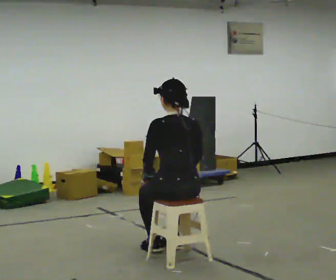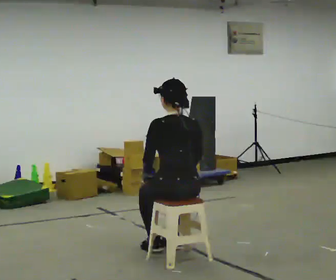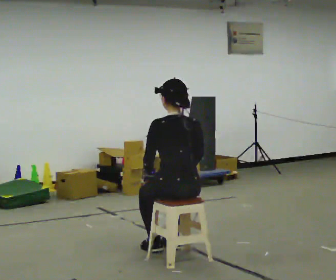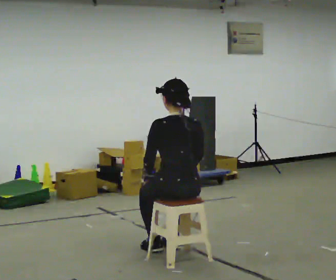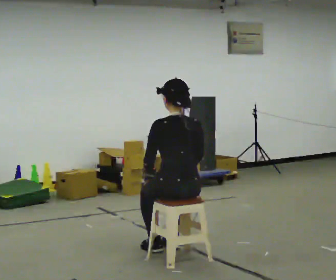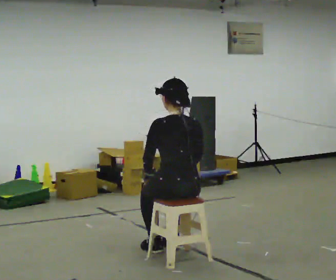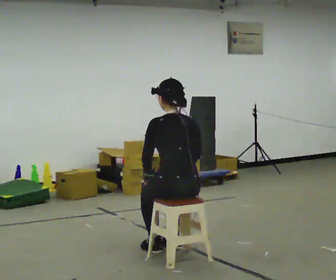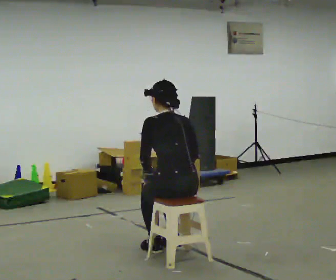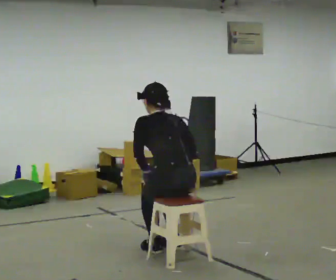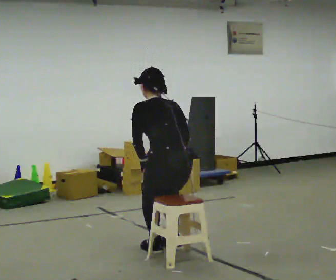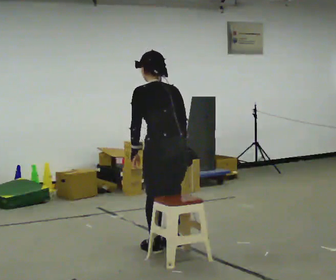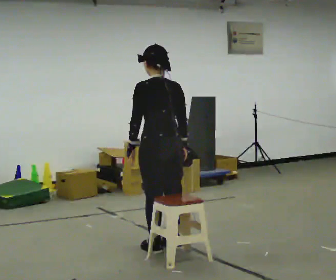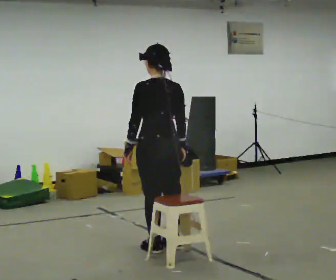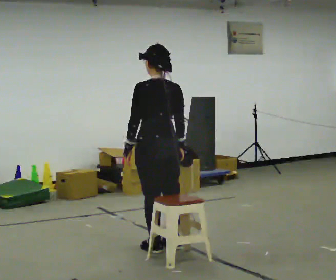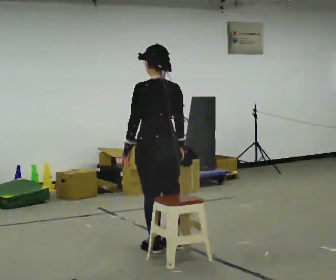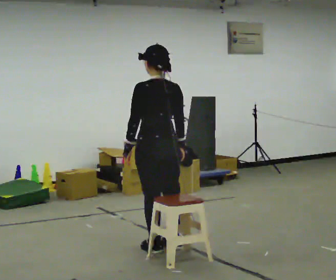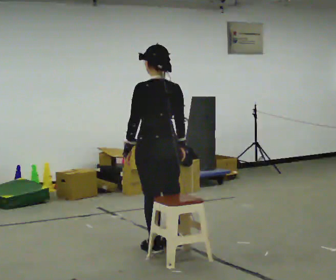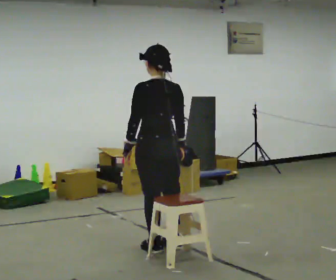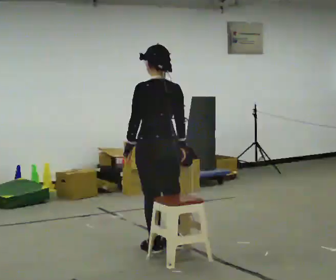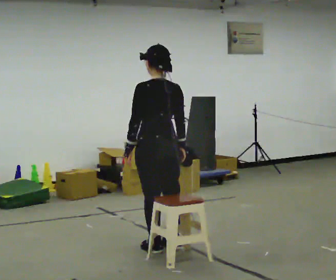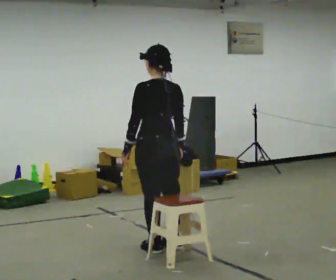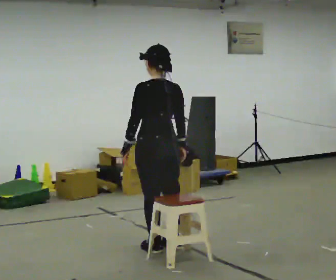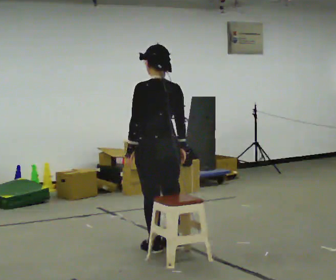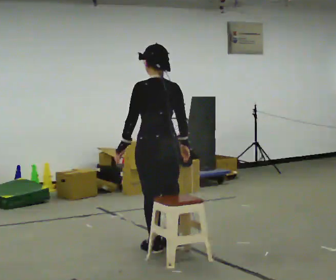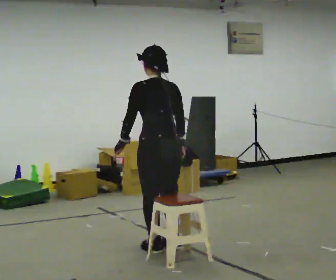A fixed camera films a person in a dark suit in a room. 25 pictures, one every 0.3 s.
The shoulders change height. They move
upward.
0.0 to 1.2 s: The person moves a little, or ends about where they began.
1.2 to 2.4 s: The upper body tips away from the camera, its near side rolling upward, as they bend forward.
2.4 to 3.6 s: In the picture they go away from the camera, about 0.25 m, which for them is forward. The upper body goes upward. The upper body tips toward the camera, its near side rolling downward, as they lean back or straighten.
3.6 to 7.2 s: The person moves a little, or ends about where they began.
The film runs backward here.
